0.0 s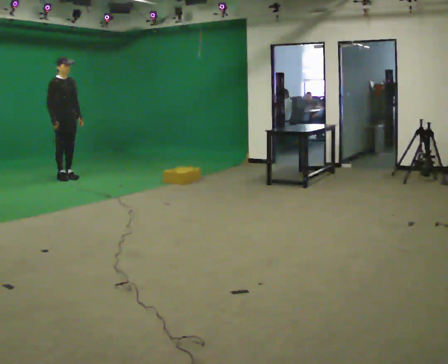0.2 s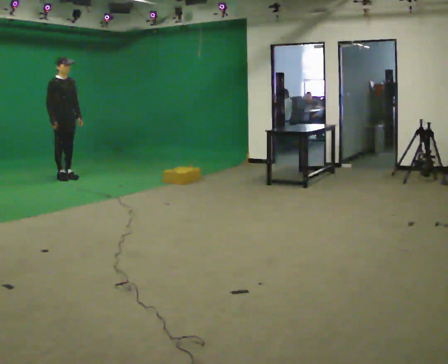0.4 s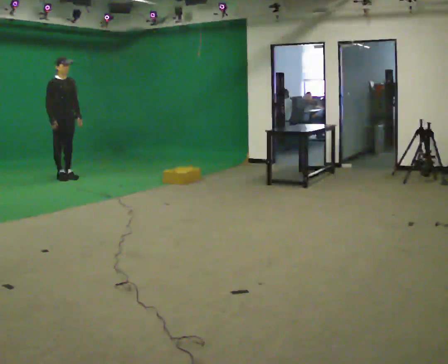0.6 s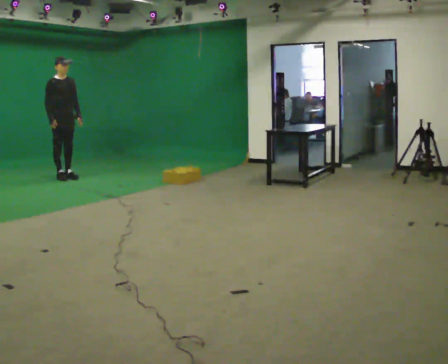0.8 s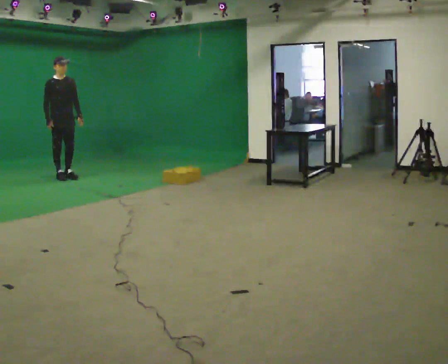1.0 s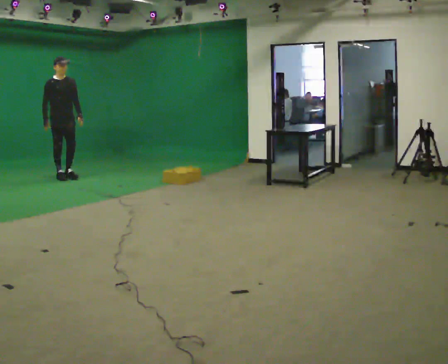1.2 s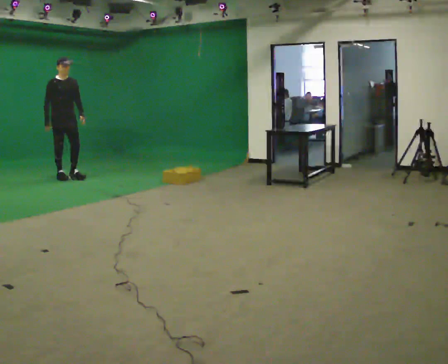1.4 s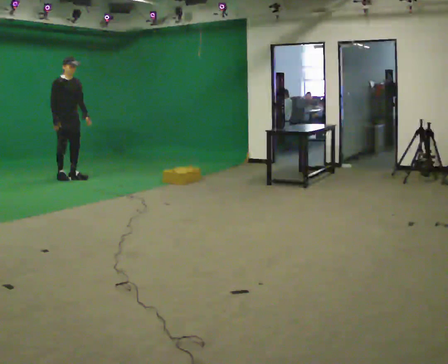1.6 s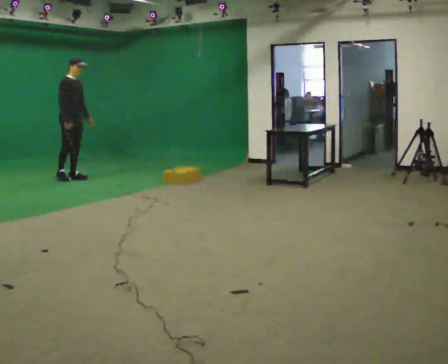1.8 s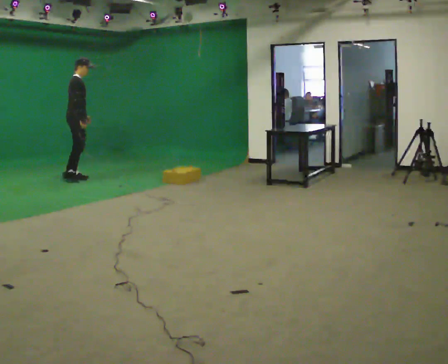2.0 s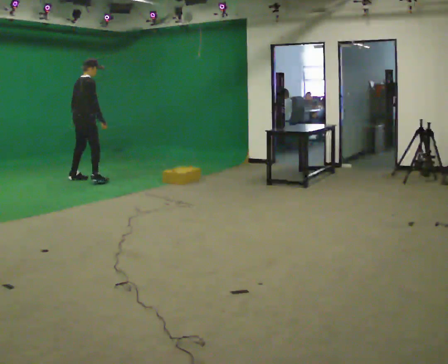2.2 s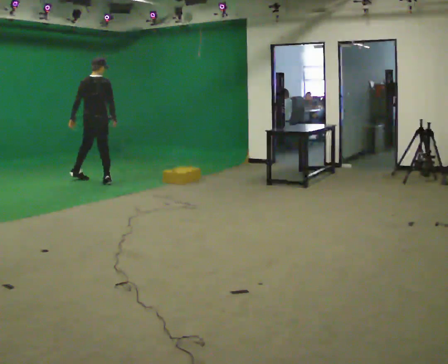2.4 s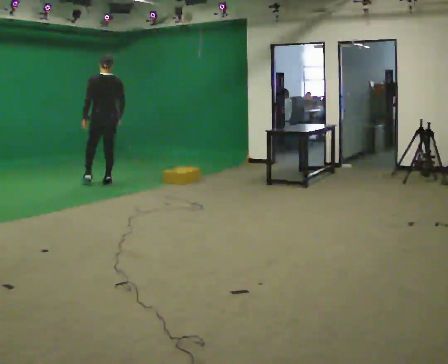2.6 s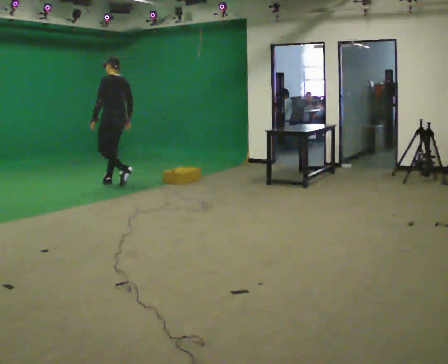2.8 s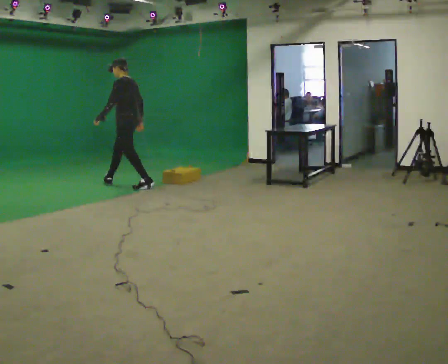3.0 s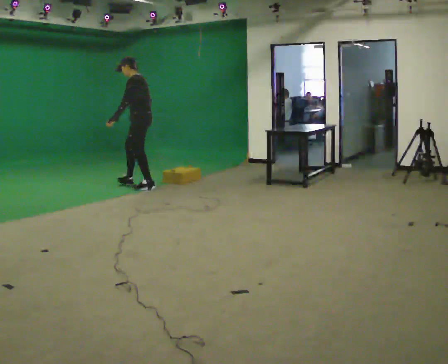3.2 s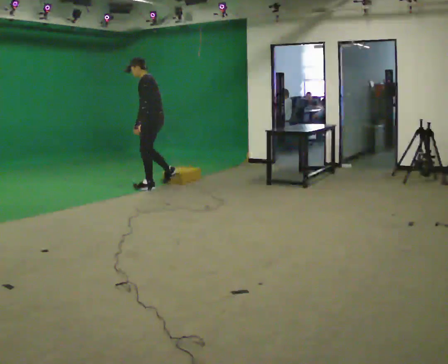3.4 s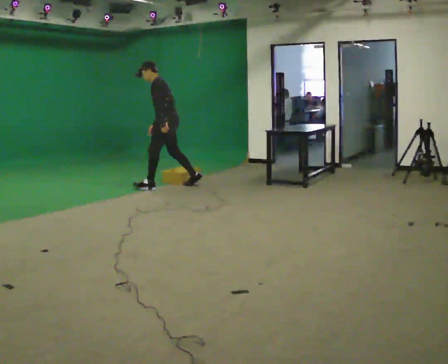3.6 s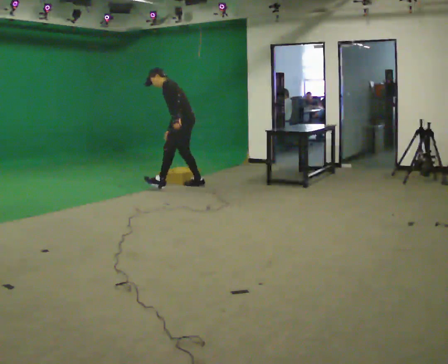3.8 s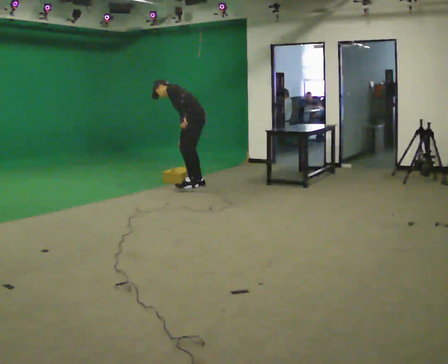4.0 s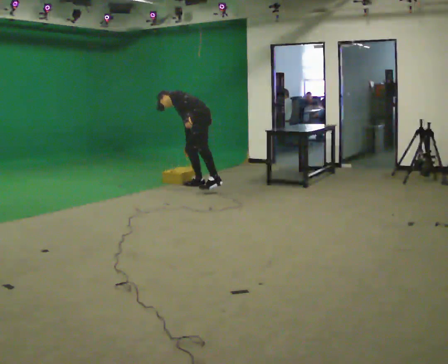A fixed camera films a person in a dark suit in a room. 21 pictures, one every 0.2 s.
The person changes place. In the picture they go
to the right.
The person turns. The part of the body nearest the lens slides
to the right.
0.0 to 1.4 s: The person moves a little, or ends about where they began.
1.4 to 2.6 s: Seen from above the body turns counterclockwise, about 180 degrees: to their left, with its near side sliding to the right. In the picture they go to the right and toward the camera, about 1 m in 2 steps.
2.6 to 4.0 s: The part of the body nearest the lens slides to the right as the person turns to their left by about 30 degrees. In the picture they go to the right, about 1 m in 2 steps, which for them is backward. The shoulders move downward. In the picture the upper body tilts counterclockwise, shoulders to the left, as they bend forward.
The film runs backward here.
